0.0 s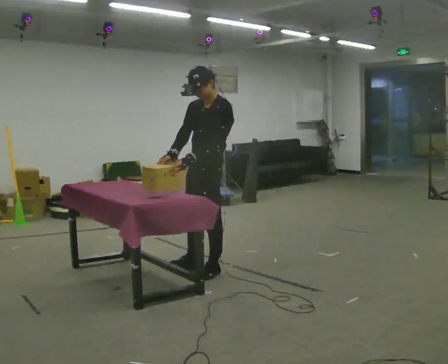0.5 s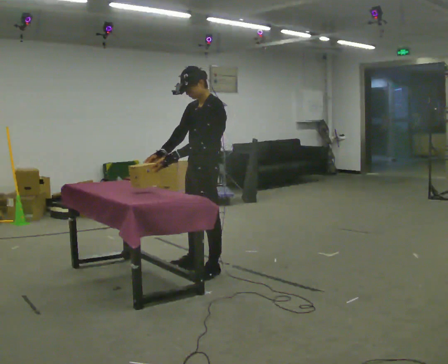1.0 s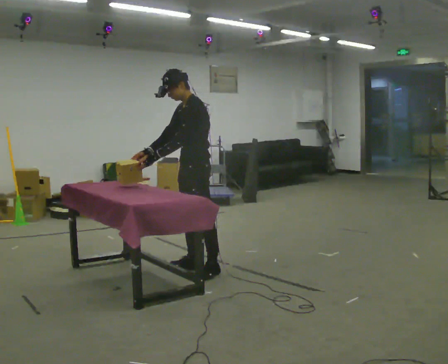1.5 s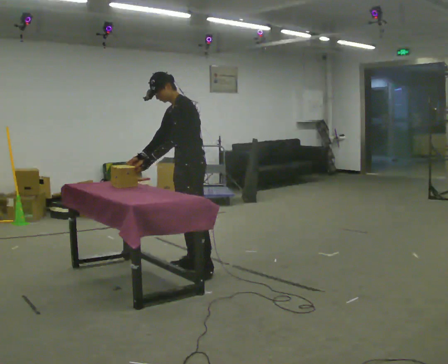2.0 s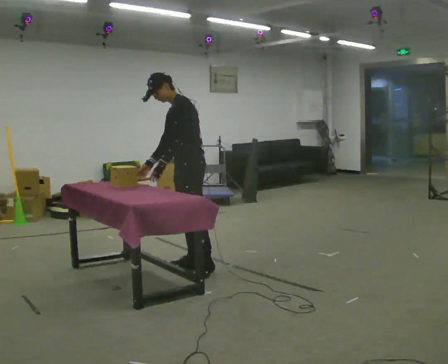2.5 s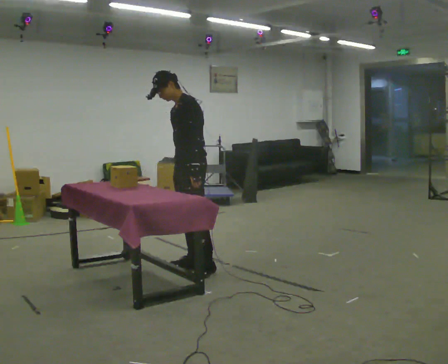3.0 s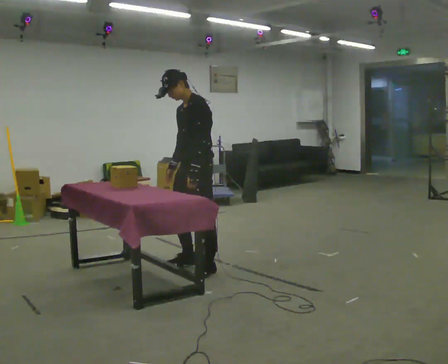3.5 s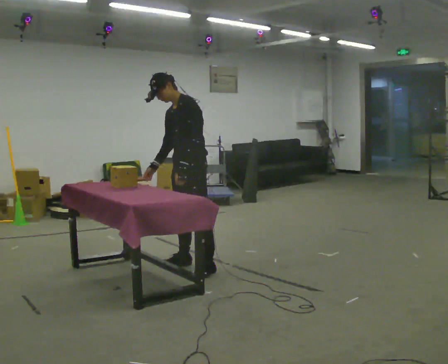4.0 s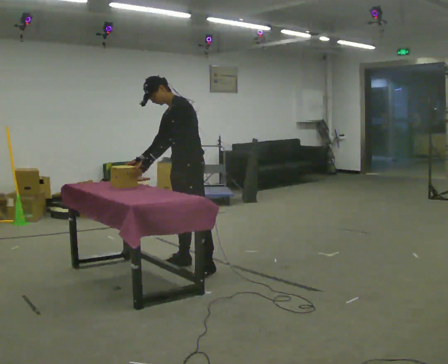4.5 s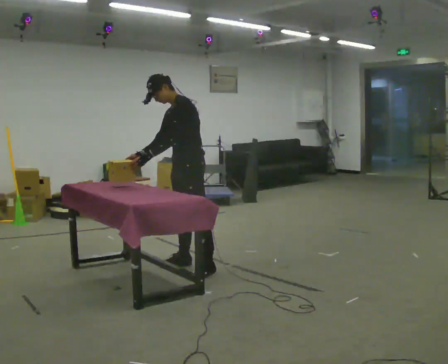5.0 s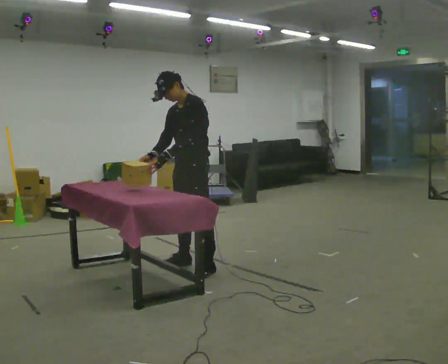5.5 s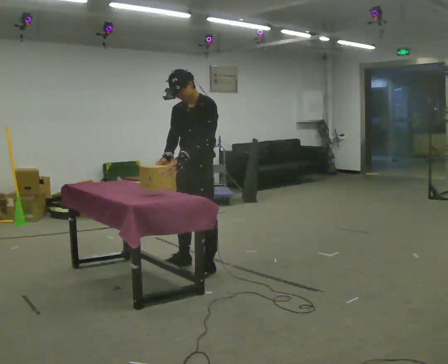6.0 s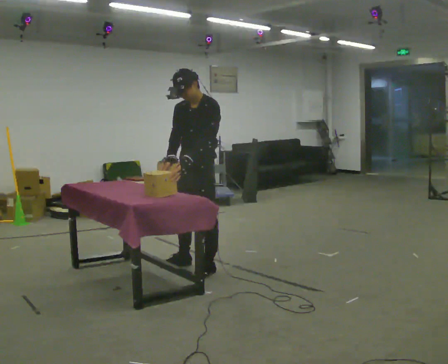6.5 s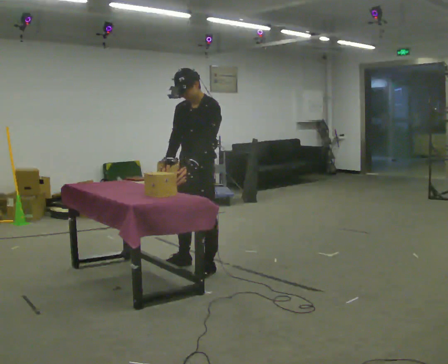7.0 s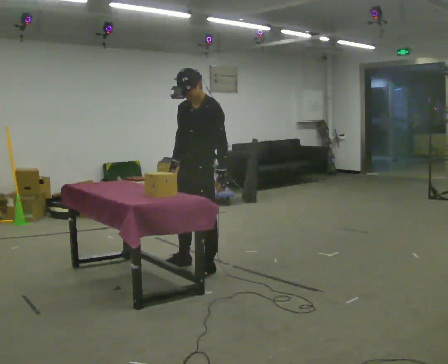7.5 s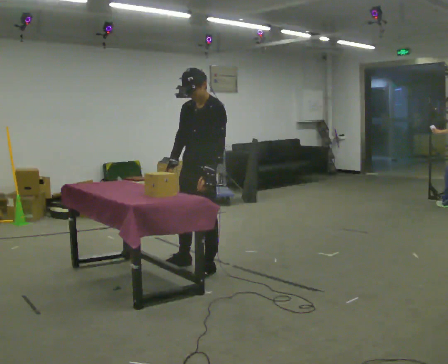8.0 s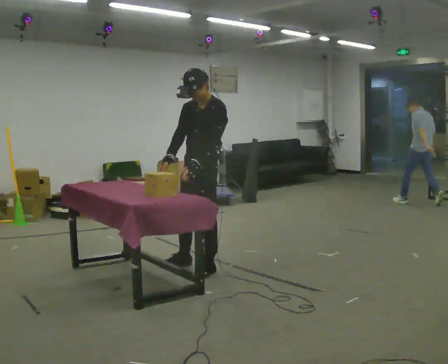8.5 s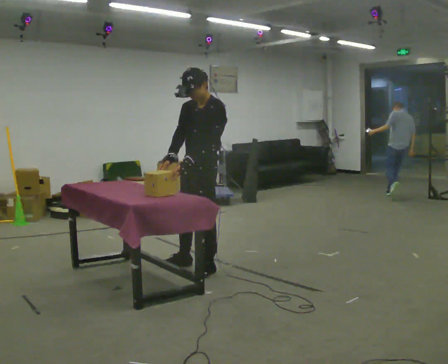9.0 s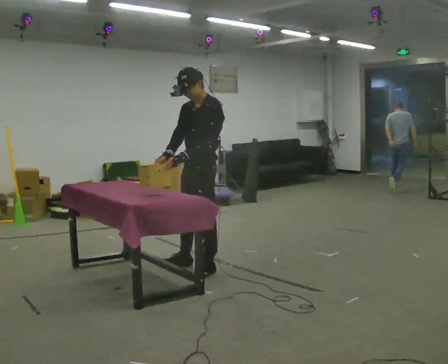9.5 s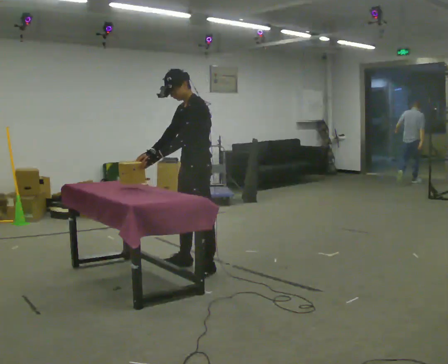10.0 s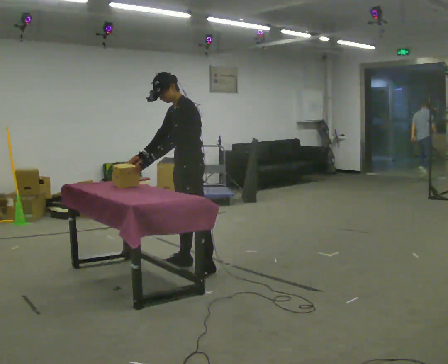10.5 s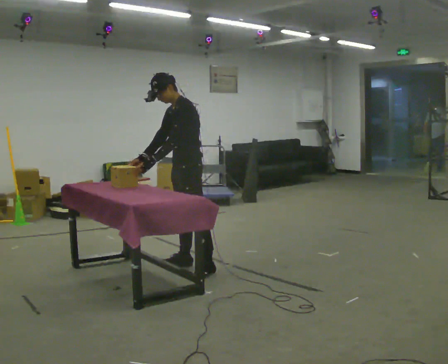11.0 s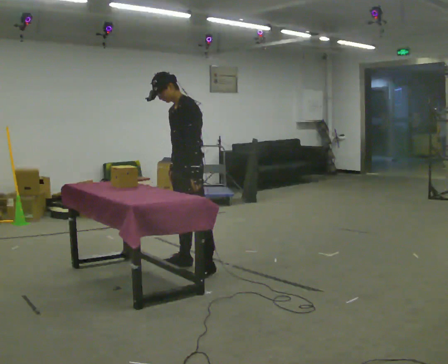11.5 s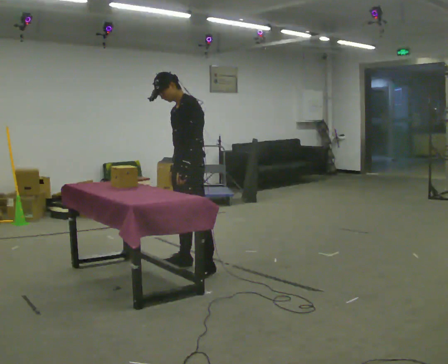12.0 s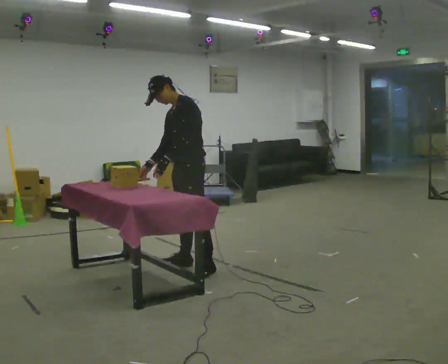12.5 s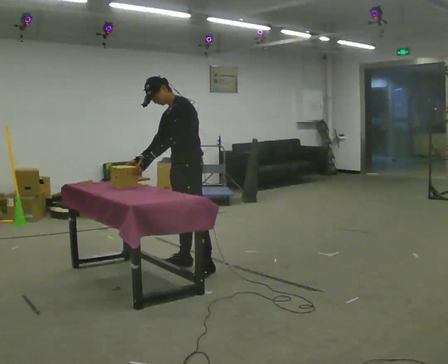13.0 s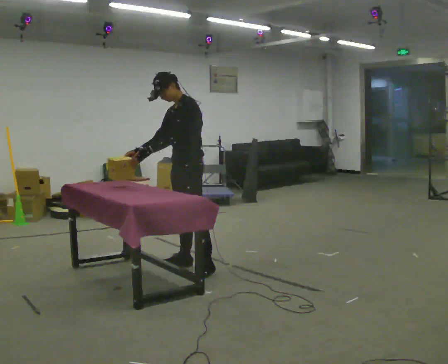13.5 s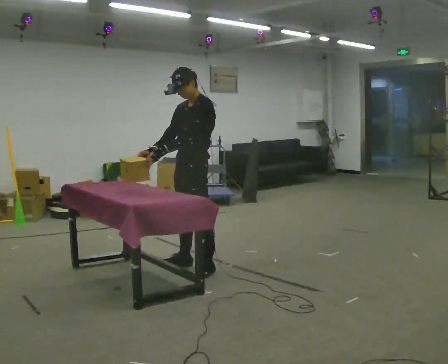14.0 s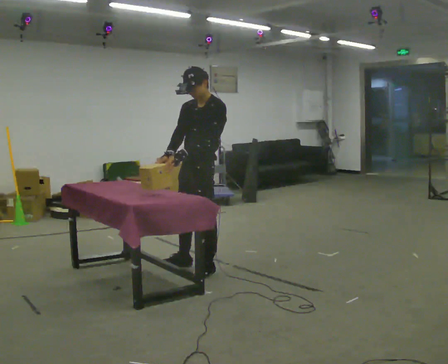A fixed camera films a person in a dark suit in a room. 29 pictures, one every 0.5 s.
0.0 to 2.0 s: In the picture they go away from the camera, about 0.25 m, which for them is to their right. In the picture the upper body tilts counterclockwise, shoulders to the left.
2.0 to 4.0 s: The person moves a little, or ends about where they began.
4.0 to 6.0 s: In the picture they go toward the camera, about 0.25 m, which for them is to their left. In the picture the upper body tilts clockwise, shoulders to the right.
6.0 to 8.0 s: The person moves a little, or ends about where they began.
8.0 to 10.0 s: In the picture they go away from the camera, about 0.25 m, which for them is to their right. In the picture their left hand goes to the left.
10.0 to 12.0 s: The person moves a little, or ends about where they began.
12.0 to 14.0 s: In the picture they go toward the camera, about 0.25 m, which for them is to their left. In the picture the upper body tilts clockwise, shoulders to the right.
The film runs forward here.
